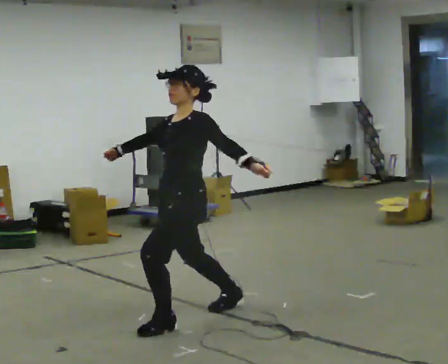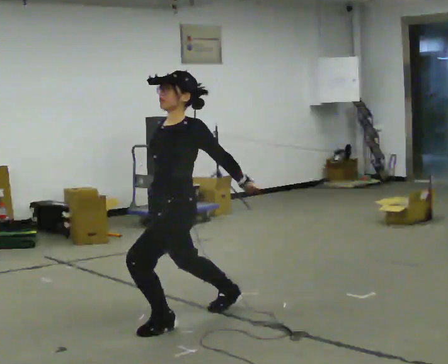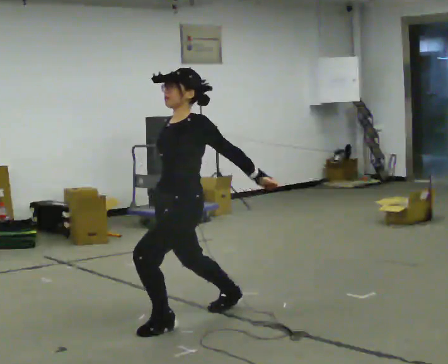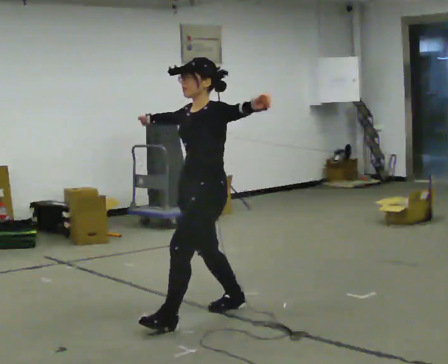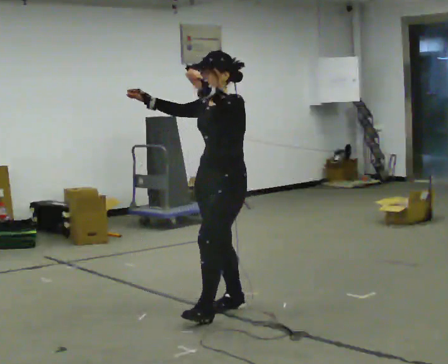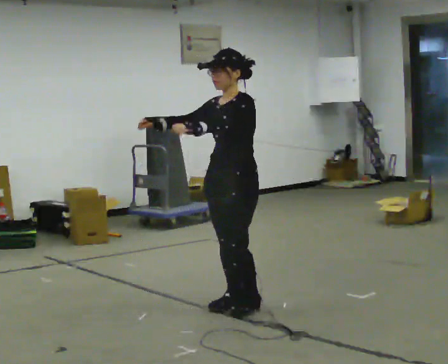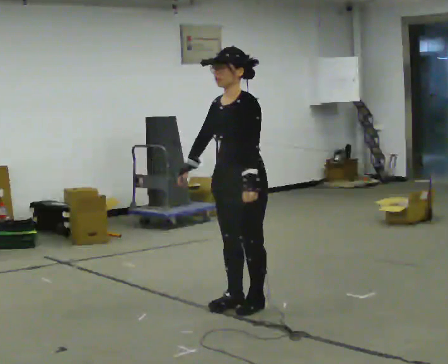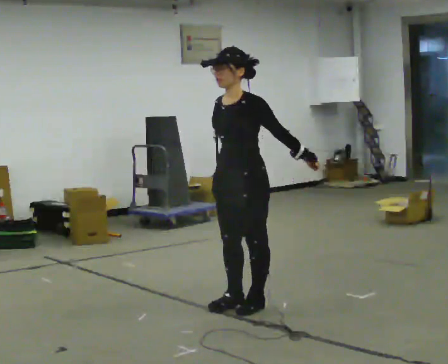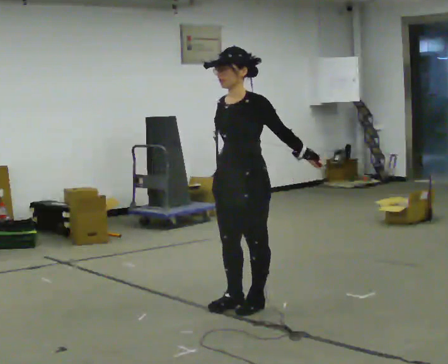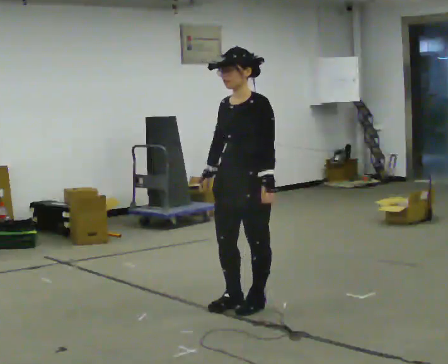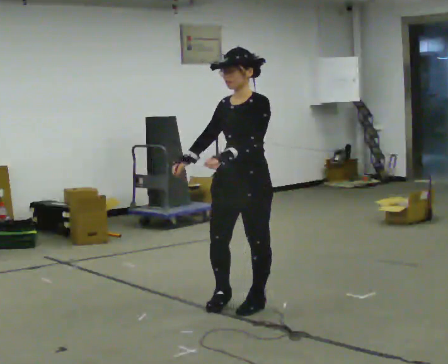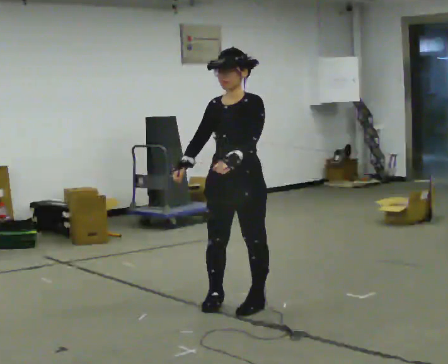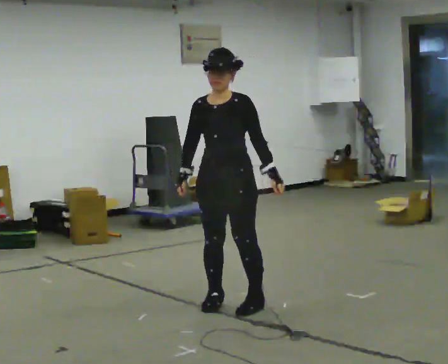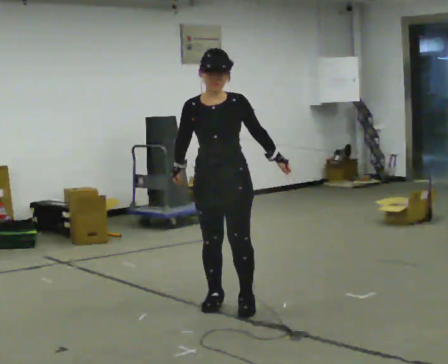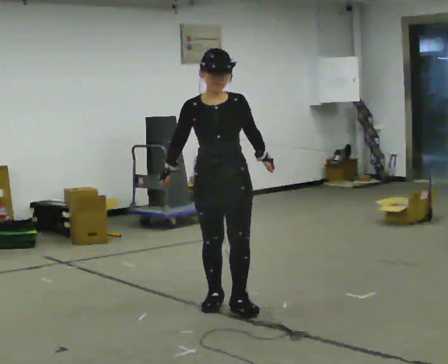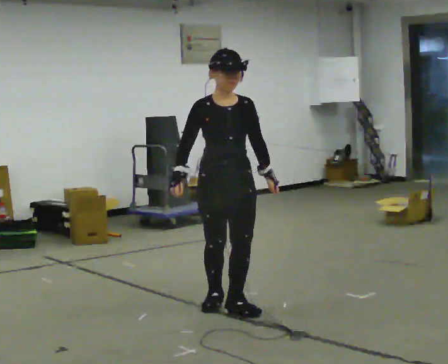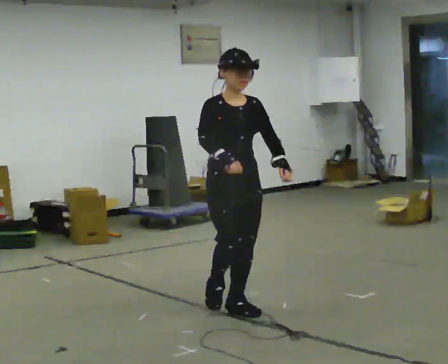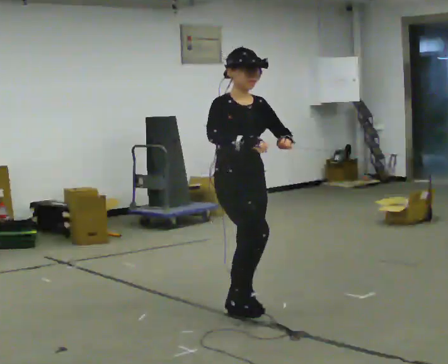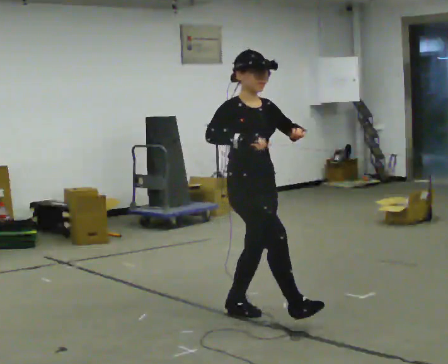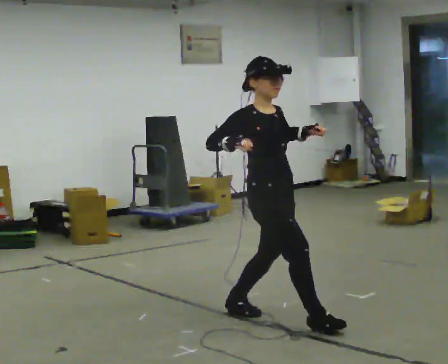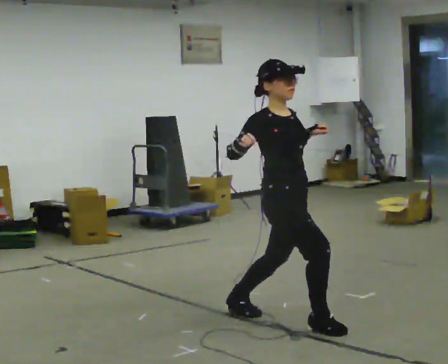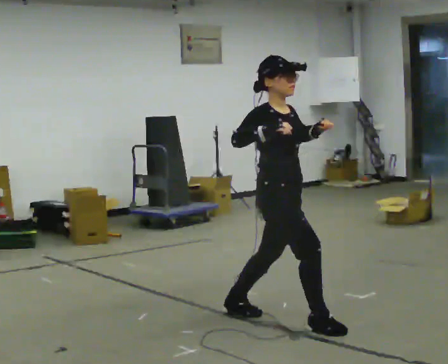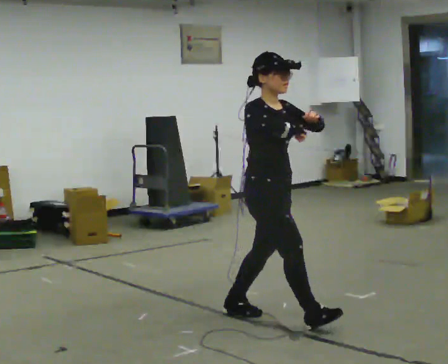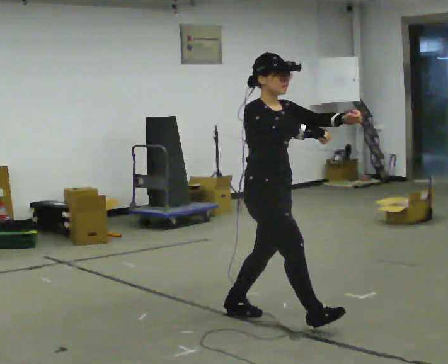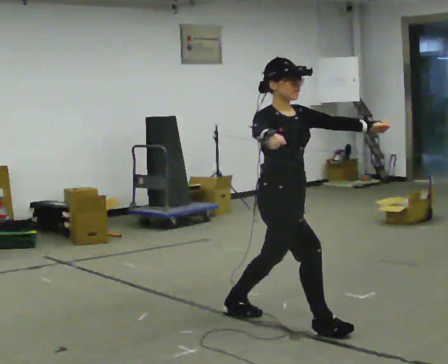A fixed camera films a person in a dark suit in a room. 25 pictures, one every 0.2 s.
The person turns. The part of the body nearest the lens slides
to the right.
The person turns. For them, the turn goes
to their left.
0.0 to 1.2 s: In the picture they go to the right and away from the camera, about 0.5 m in 1 step, which for them is backward.
1.2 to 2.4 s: The part of the body nearest the lens slides to the right as the person turns to their left by about 30 degrees.
2.4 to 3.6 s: The person turns about 75 degrees to their left, counterclockwise seen from above, so the part of the body nearest the lens slides to the right. In the picture they go toward the camera, about 0.25 m in 1 step. In the picture their right hand goes to the right.
3.6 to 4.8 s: In the picture they go toward the camera and to the right, about 0.25 m in 1 step, which for them is forward.
The film runs forward here.
